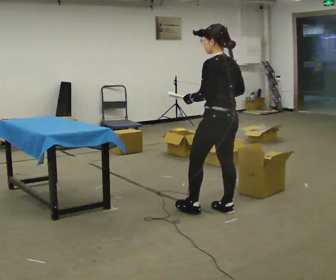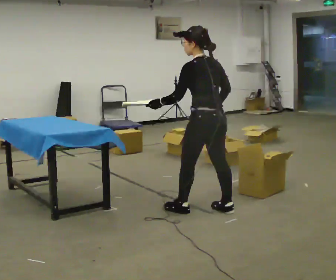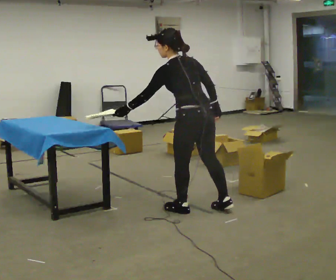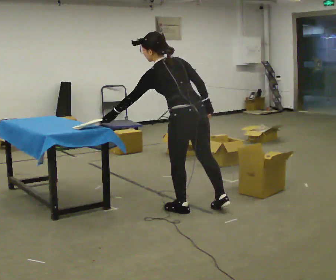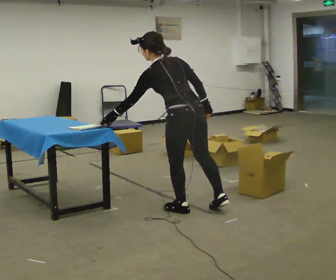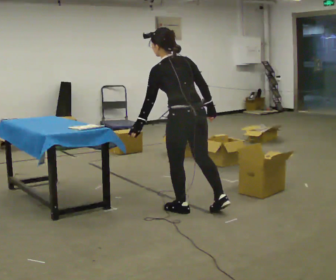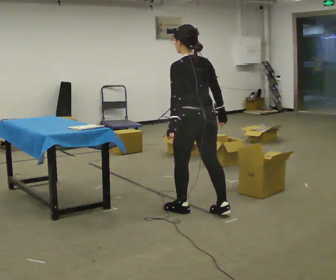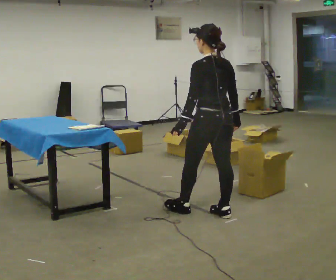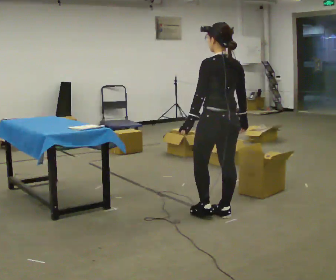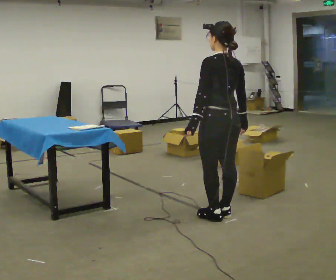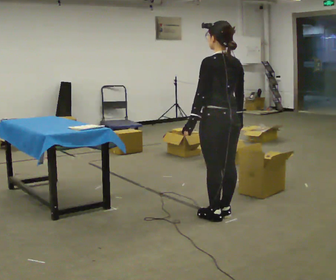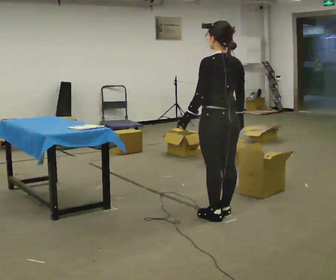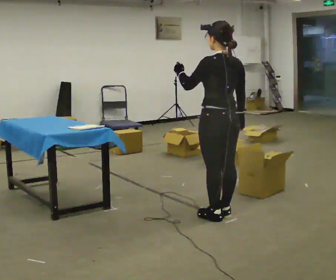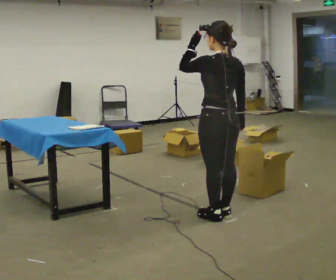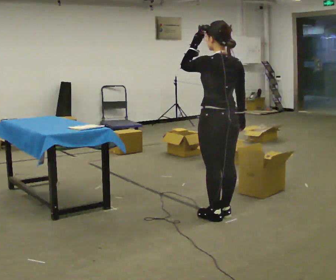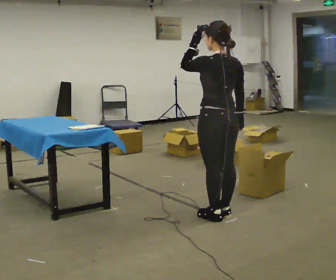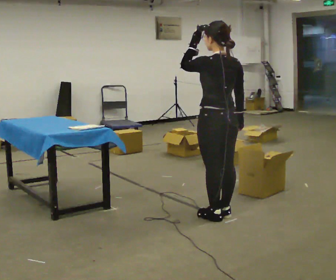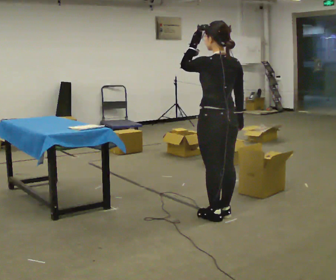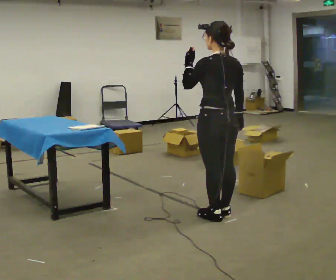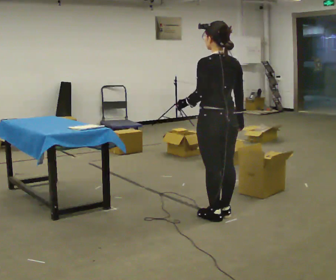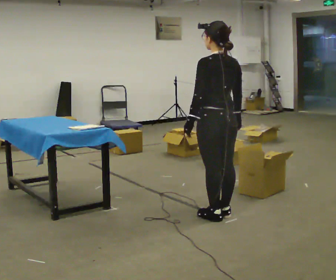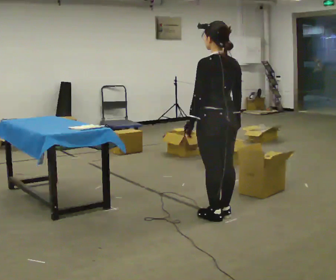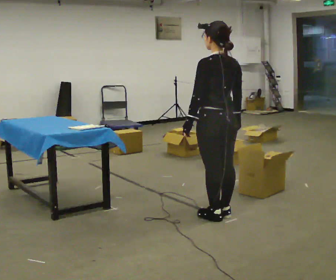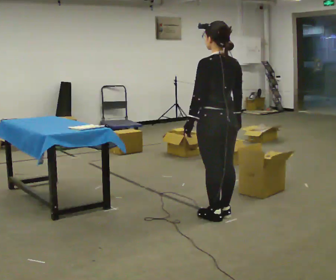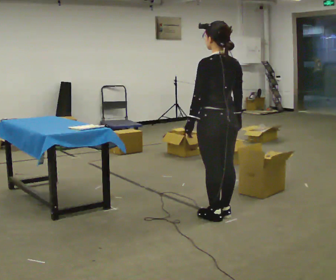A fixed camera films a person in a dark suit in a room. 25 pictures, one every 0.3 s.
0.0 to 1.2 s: In the picture they go to the left, about 0.25 m in 1 step, which for them is to their left and forward. In the picture the upper body tilts counterclockwise, shoulders to the left, as they bend forward.
1.2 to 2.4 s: In the picture they go to the right, about 0.25 m, which for them is backward and to their right. In the picture the upper body tilts clockwise, shoulders to the right, as they lean back or straighten.
2.4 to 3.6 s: In the picture their left hand goes upward, the arm swinging clockwise.
3.6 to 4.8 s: The person moves a little, or ends about where they began.
4.8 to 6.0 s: In the picture their left hand goes downward.
6.0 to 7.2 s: The person moves a little, or ends about where they began.
The film runs forward here.
